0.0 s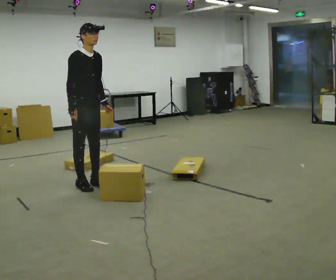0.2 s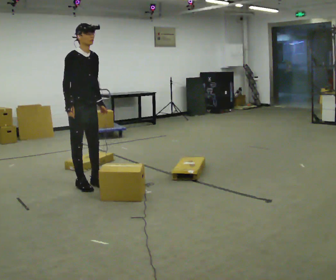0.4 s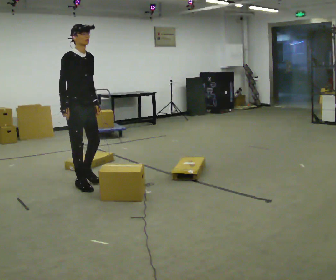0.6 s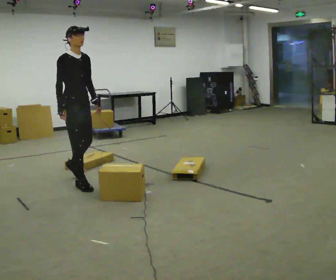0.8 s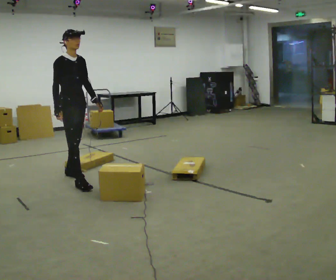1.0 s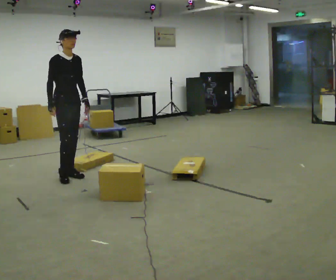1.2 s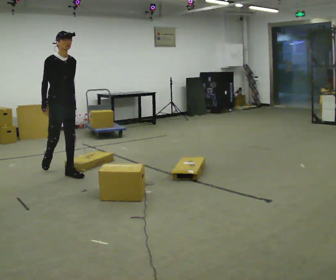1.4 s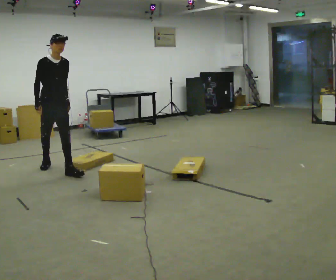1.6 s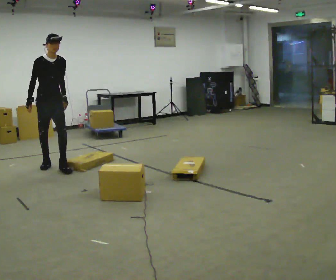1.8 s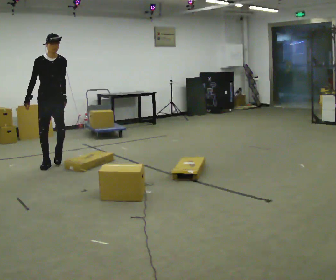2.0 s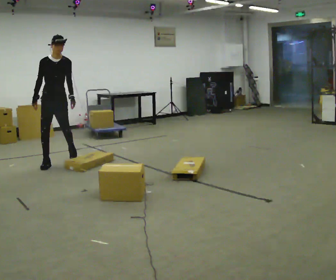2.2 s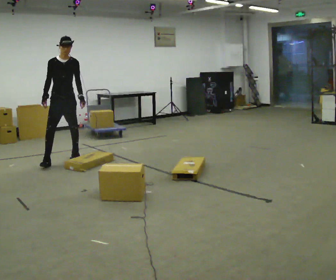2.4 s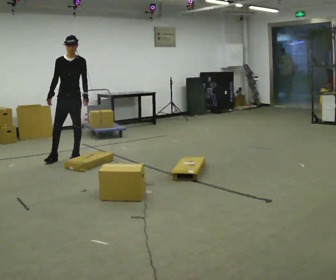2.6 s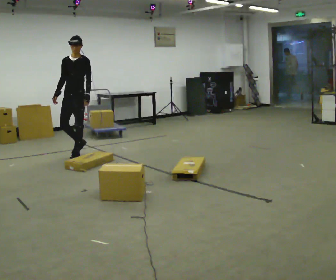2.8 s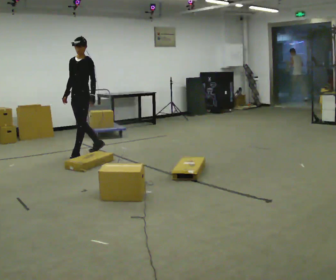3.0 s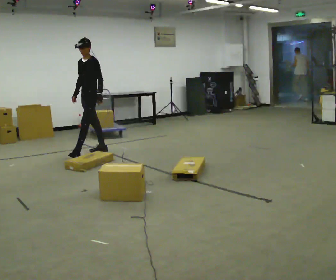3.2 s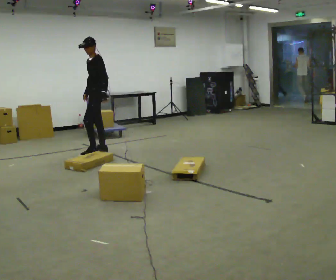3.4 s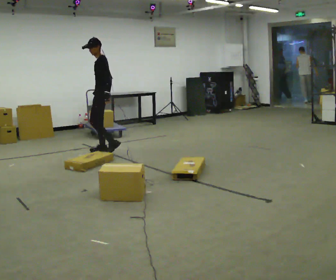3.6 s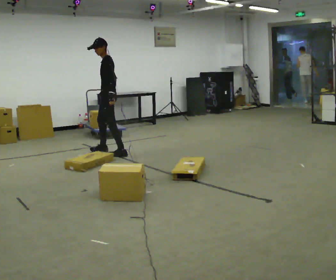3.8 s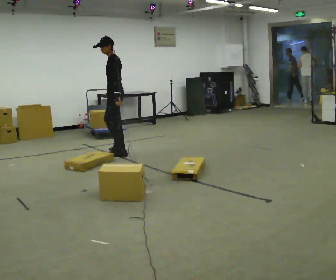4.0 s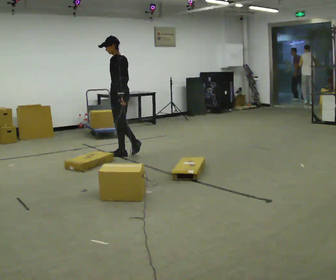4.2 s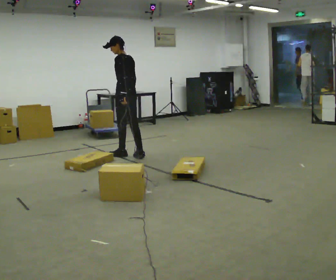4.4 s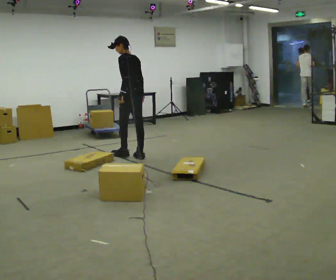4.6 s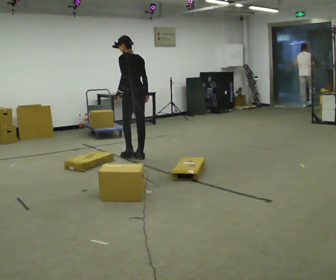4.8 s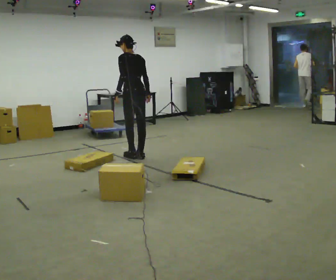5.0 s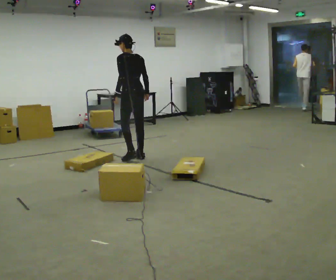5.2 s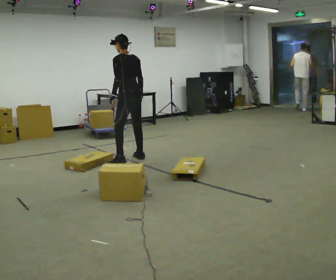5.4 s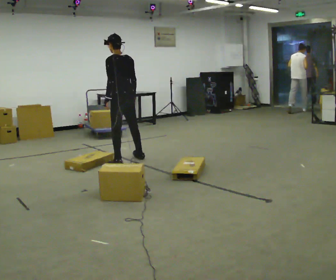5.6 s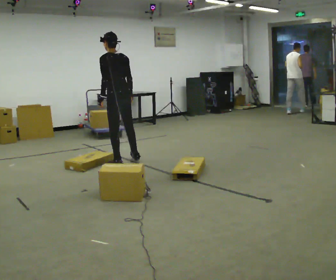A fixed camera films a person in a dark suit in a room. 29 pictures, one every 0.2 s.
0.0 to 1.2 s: In the picture they go away from the camera and to the left, about 0.75 m in 2 steps, which for them is backward.
1.2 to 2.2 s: The person turns about 30 degrees to their right, clockwise seen from above, so the part of the body nearest the lens slides to the left. In the picture they go away from the camera, about 0.75 m in 2 steps, which for them is backward.
2.2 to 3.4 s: The part of the body nearest the lens slides to the left as the person turns to their right by about 90 degrees. In the picture they go to the right and away from the camera, about 0.5 m in 1 step.
3.4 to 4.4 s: Seen from above the body turns clockwise, about 45 degrees: to their right, with its near side sliding to the left. In the picture they go to the right and toward the camera, about 0.5 m in 2 steps, which for them is backward.
4.4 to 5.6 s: In the picture they go toward the camera and to the left, about 0.5 m in 2 steps, which for them is to their left and backward.
The film runs backward here.
